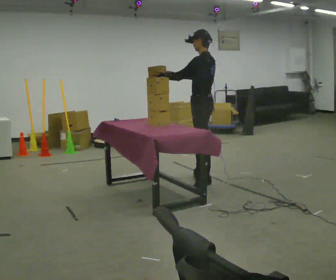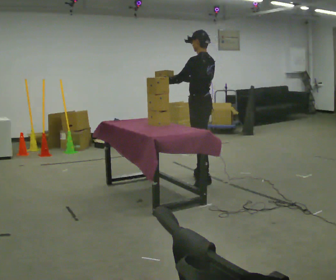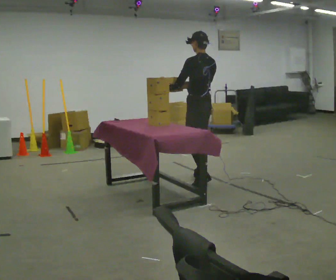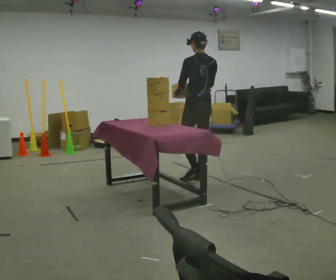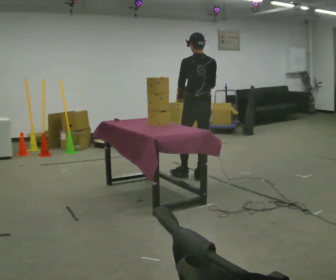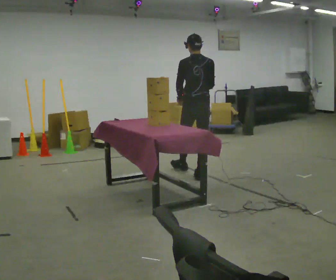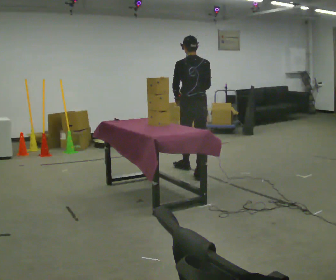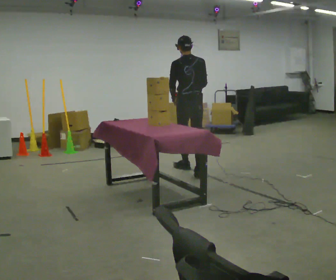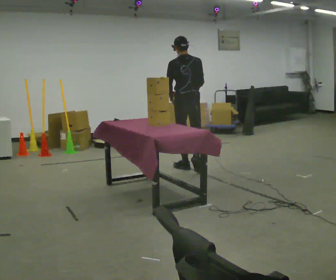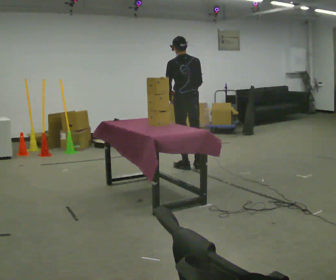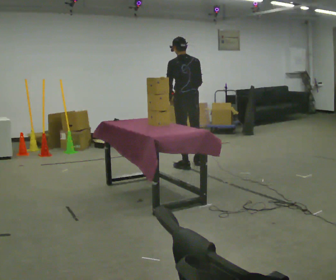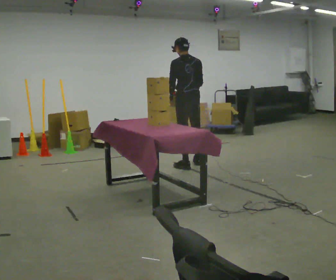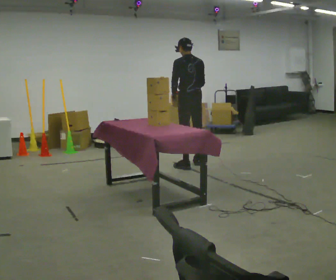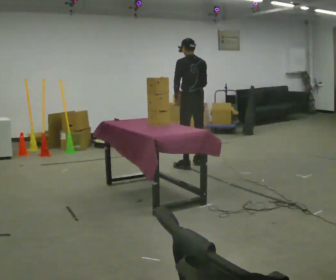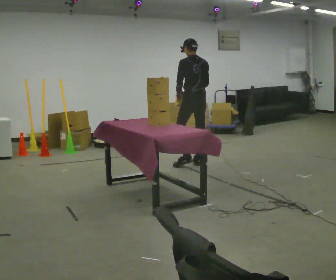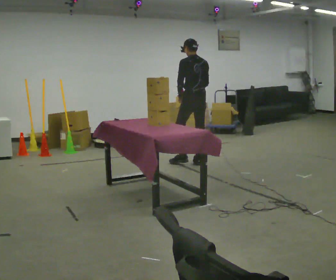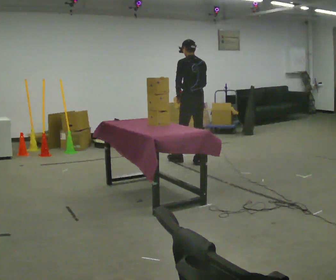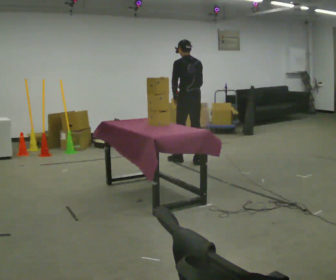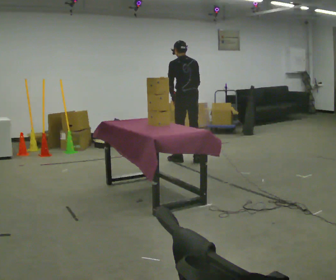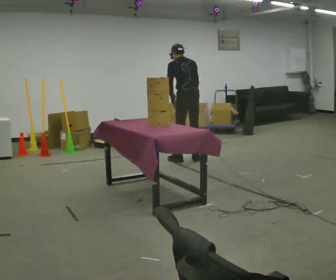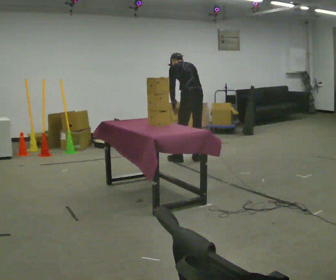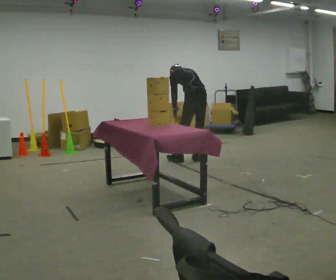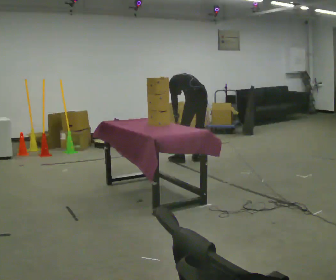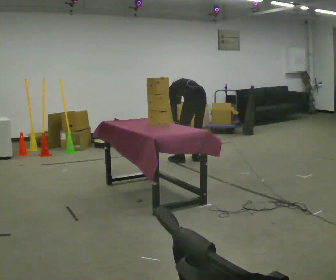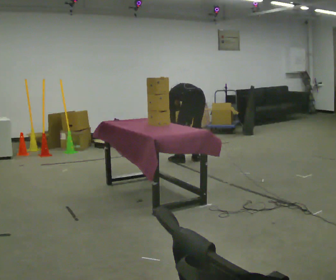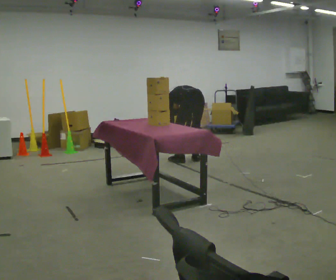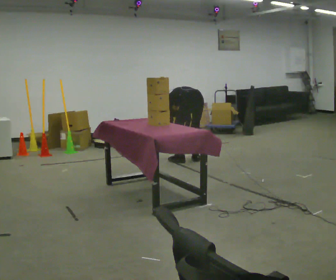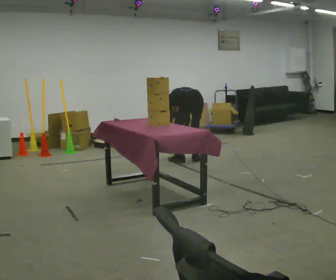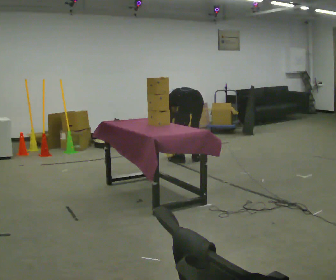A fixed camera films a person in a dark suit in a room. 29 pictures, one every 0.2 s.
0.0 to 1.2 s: The person turns about 60 degrees to their right, clockwise seen from above, so the part of the body nearest the lens slides to the left. In the picture they go away from the camera, about 0.25 m in 1 step, which for them is forward and to their right.
1.2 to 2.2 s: In the picture they go away from the camera, about 0.25 m in 1 step, which for them is forward.
2.2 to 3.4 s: In the picture they go away from the camera, about 0.25 m in 1 step, which for them is forward and to their right.
3.4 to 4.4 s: The shoulders move downward. The upper body tips away from the camera, its near side rolling upward, as they bend forward. In the picture their right hand goes downward.
4.4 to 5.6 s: The shoulders move downward. The upper body tips away from the camera, its near side rolling upward, as they bend forward.
The film runs forward here.
